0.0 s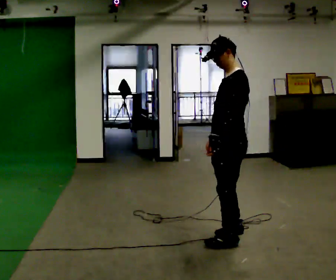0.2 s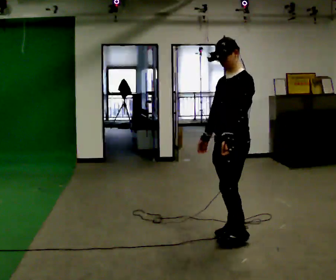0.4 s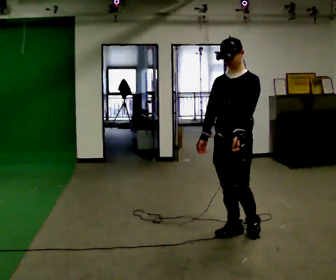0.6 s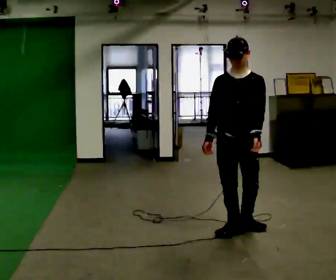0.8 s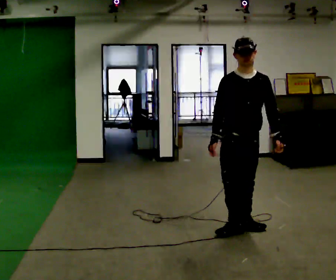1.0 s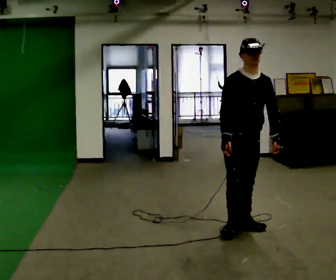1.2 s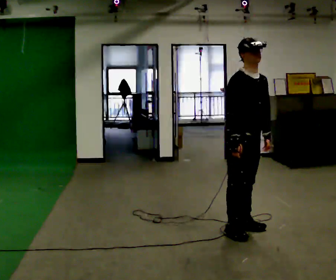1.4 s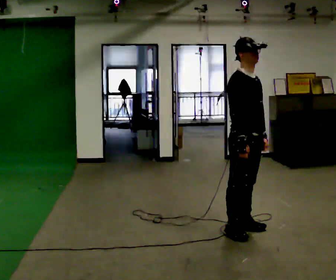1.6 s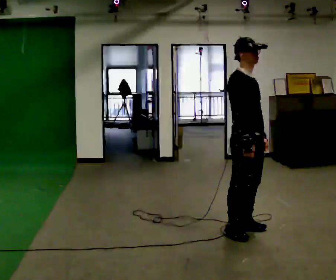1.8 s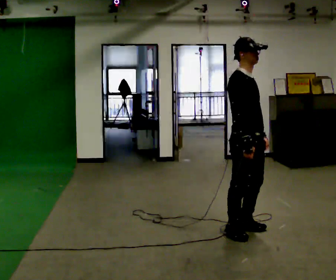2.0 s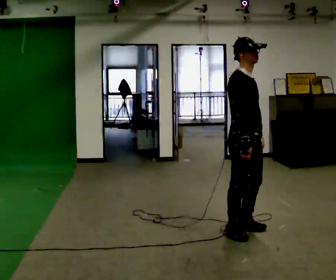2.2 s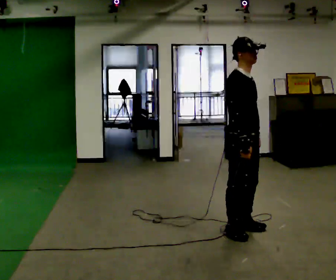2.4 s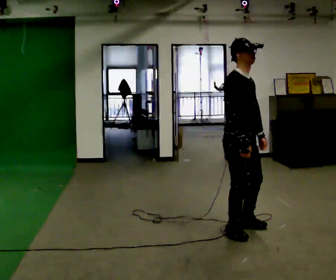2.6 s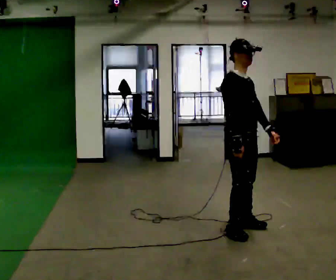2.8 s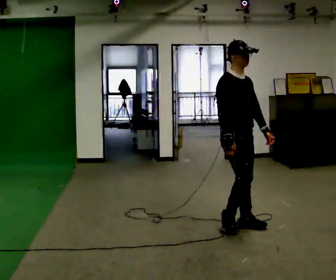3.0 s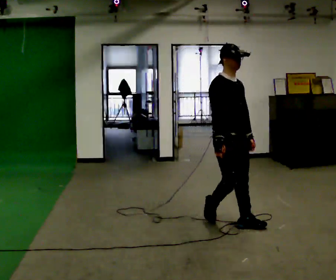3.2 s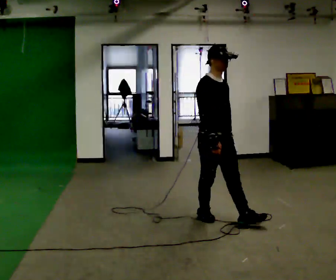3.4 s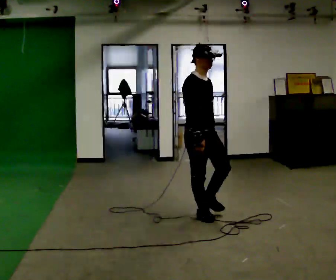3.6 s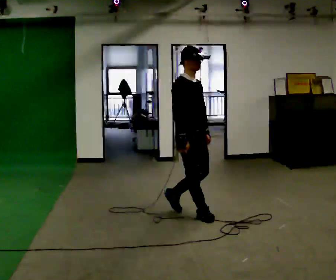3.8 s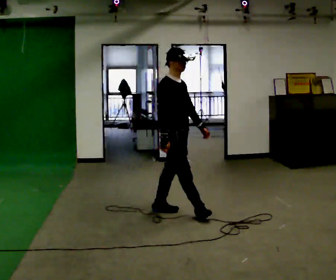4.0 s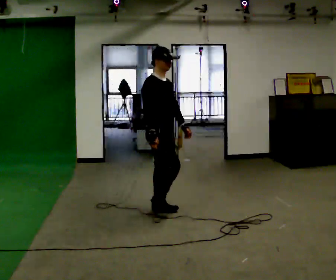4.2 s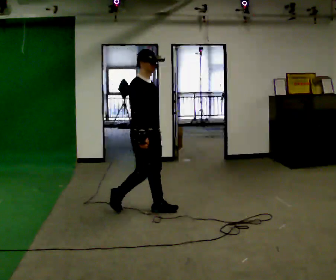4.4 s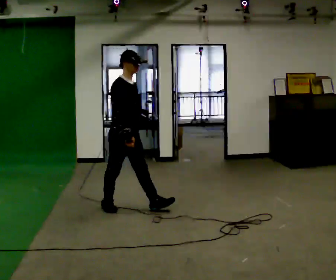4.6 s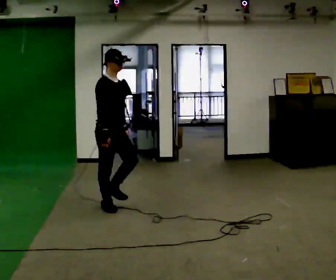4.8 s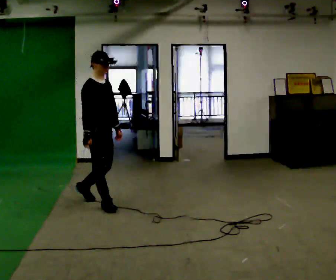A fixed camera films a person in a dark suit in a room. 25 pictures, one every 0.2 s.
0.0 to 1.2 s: The part of the body nearest the lens slides to the right as the person turns to their left by about 120 degrees. In the picture they go away from the camera, about 0.25 m in 1 step. In the picture their left hand goes to the right.
1.2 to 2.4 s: The person moves a little, or ends about where they began.
2.4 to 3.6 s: In the picture they go to the left and away from the camera, about 0.75 m in 2 steps, which for them is backward.
3.6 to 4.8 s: In the picture they go to the left, about 1 m in 2 steps, which for them is backward.
The film runs backward here.
